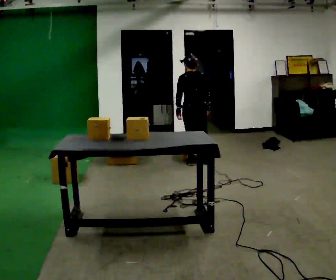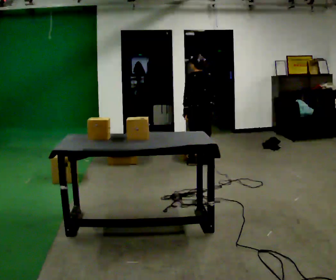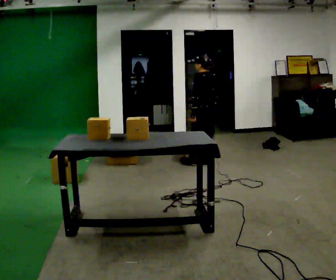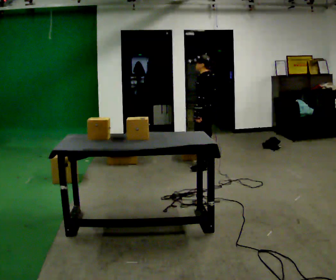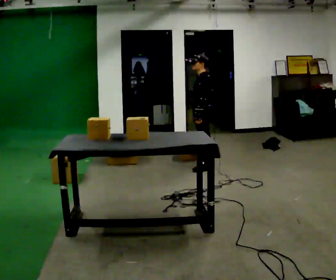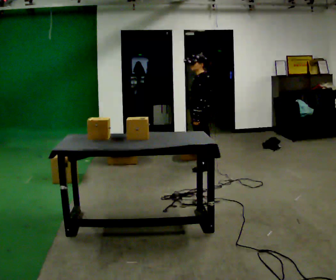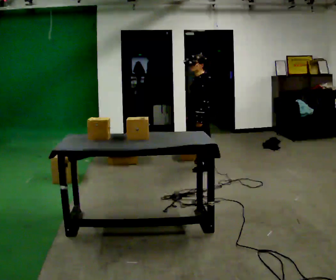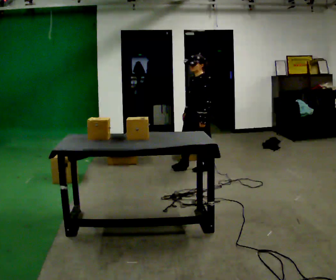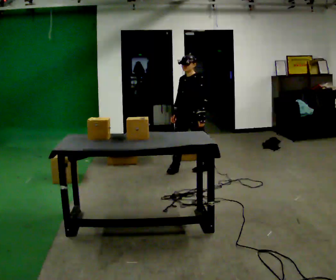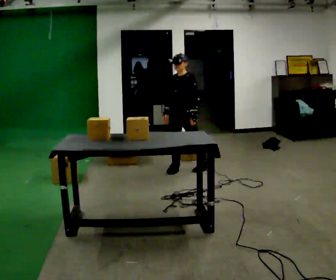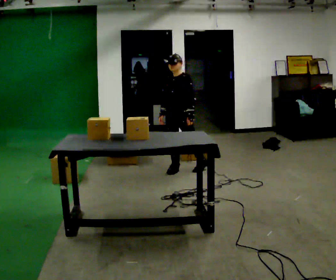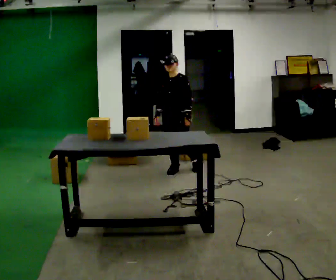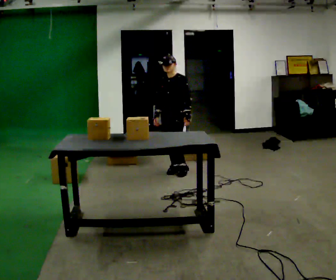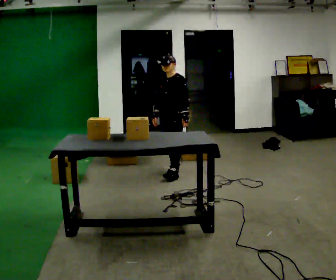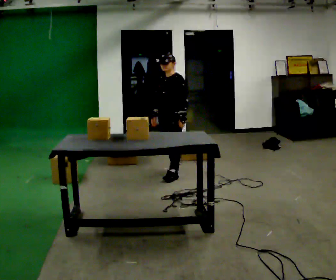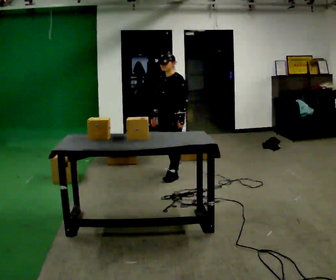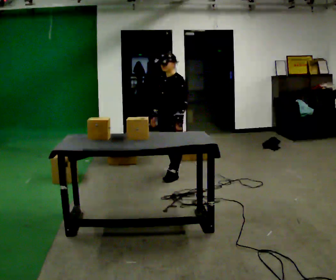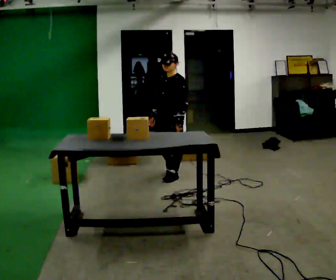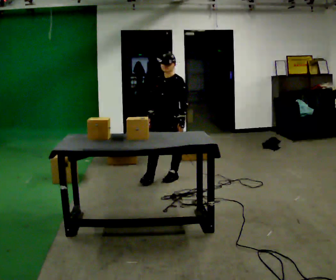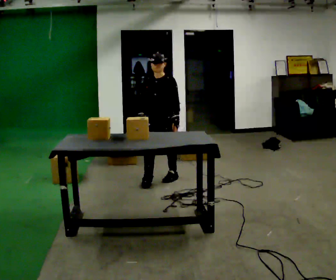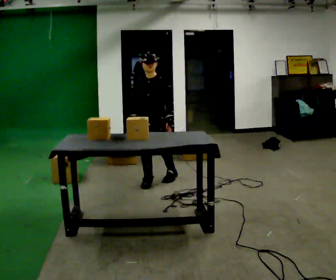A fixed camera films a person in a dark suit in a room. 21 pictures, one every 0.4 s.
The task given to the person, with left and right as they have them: Take each object from the table and put it in the bin that matches it, walking between the bins. Keep going until the operator says stop; one object at a time, and do not rush between trips.
0.0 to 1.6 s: Seen from above the body turns counterclockwise, about 75 degrees: to their left, with its near side sliding to the right. In the picture they go toward the camera, about 0.25 m in 1 step.
1.6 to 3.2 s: The part of the body nearest the lens slides to the right as the person turns to their left by about 45 degrees. In the picture they go toward the camera and to the left, about 0.25 m in 1 step, which for them is forward and to their left. In the picture their right hand goes to the left.
3.2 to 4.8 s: In the picture they go to the left, about 0.25 m, which for them is to their right and forward.
4.8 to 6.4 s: In the picture they go toward the camera, about 0.25 m in 1 step, which for them is forward and to their left.
6.4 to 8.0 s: Seen from above the body turns counterclockwise, about 30 degrees: to their left, with its near side sliding to the right. In the picture they go toward the camera and to the left, about 0.25 m in 1 step, which for them is forward.
The film runs forward here.
